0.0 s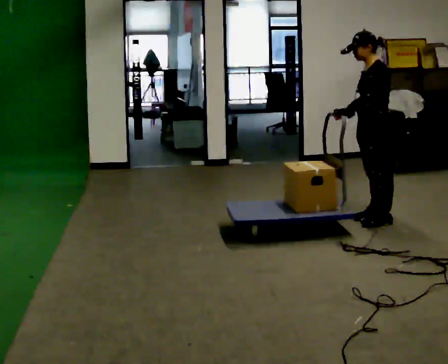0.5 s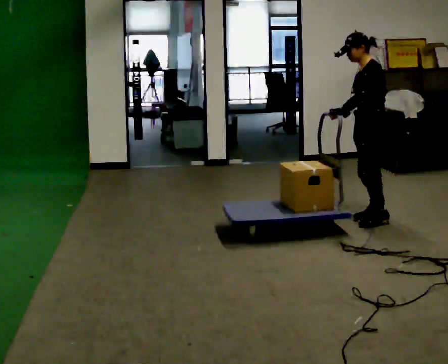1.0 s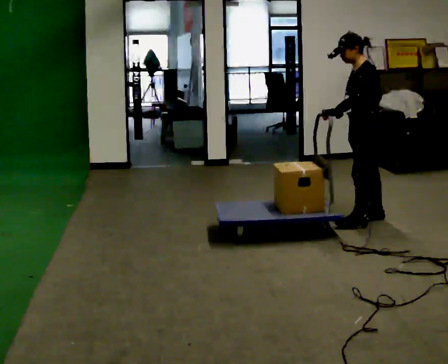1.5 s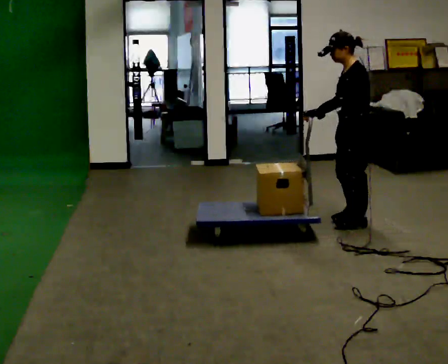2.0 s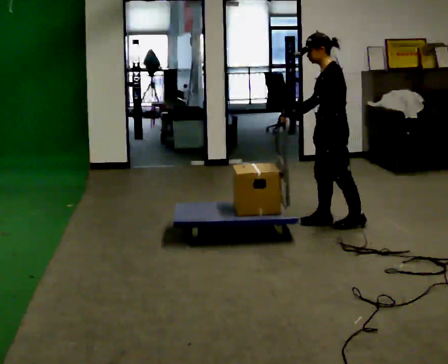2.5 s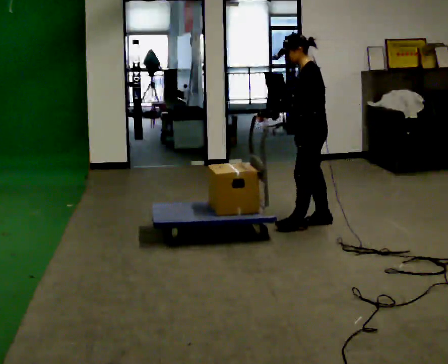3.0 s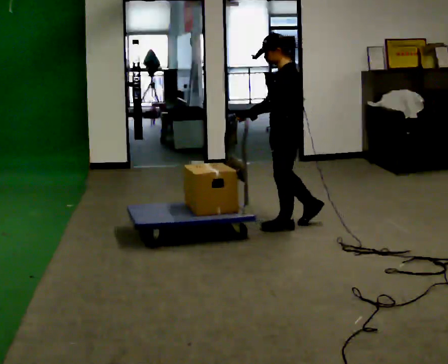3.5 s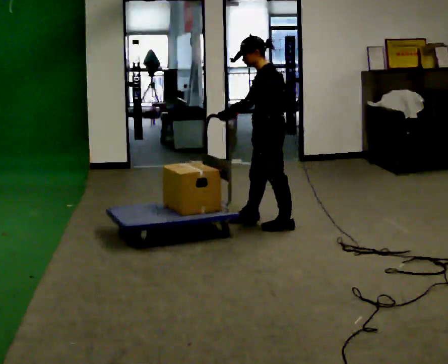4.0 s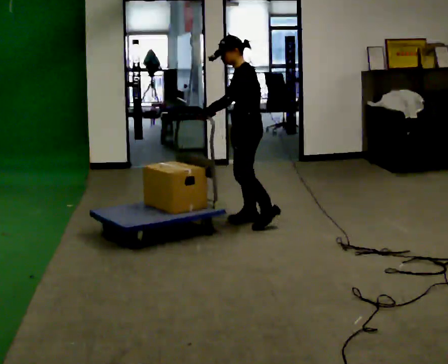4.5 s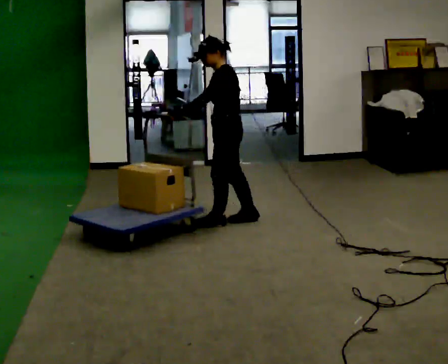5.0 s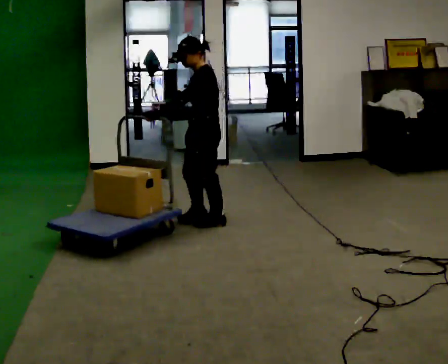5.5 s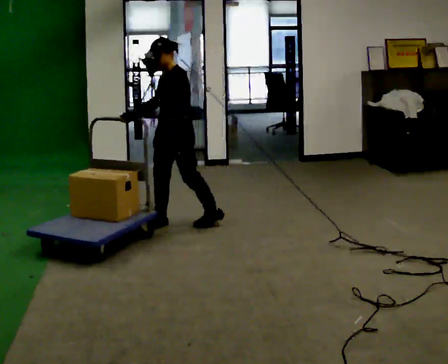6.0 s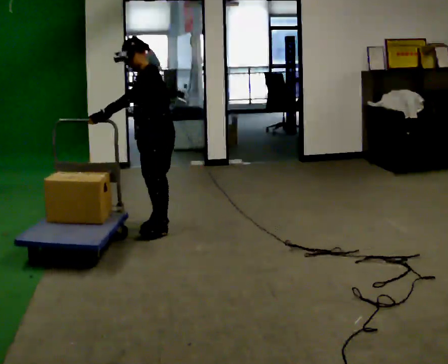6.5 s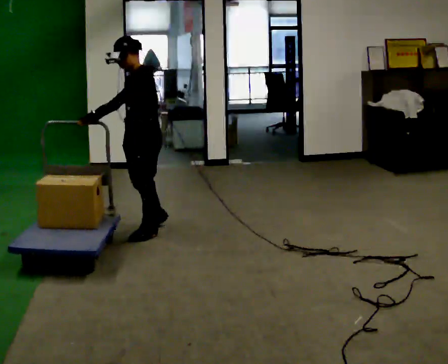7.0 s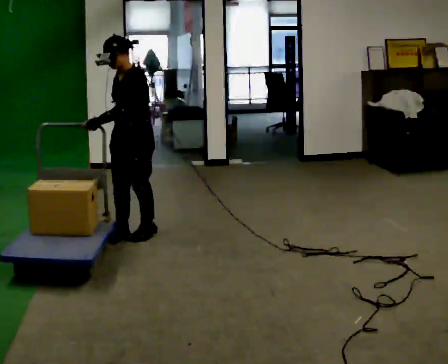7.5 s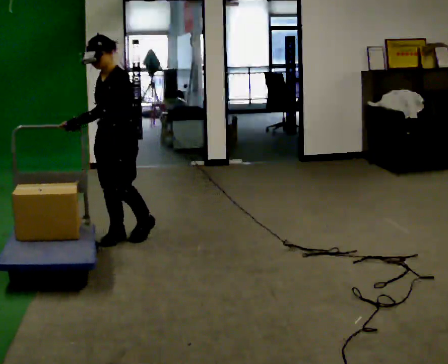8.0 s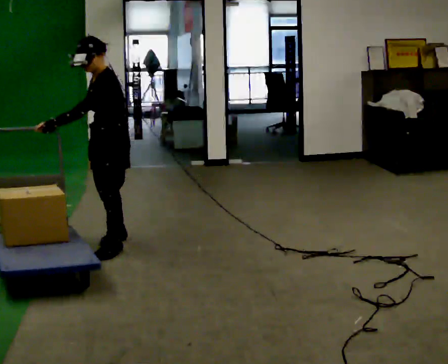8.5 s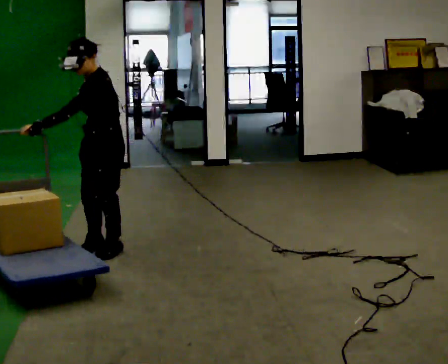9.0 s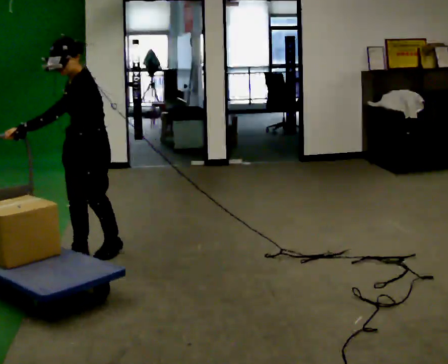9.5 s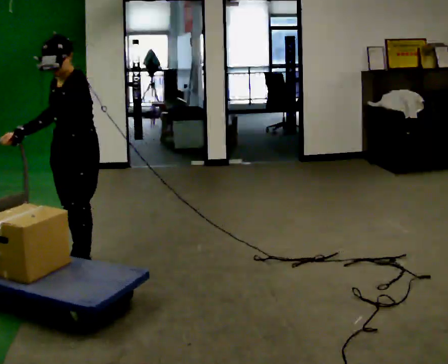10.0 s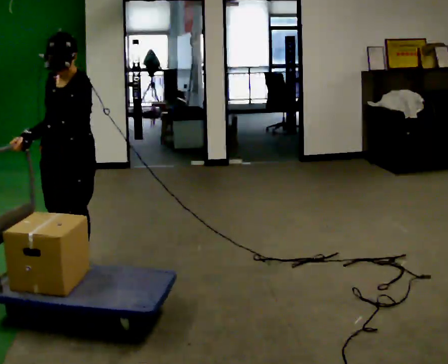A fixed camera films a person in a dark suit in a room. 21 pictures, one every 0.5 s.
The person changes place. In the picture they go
to the left.
0.0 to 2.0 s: In the picture they go to the left, about 0.25 m in 2 steps, which for them is forward.
2.0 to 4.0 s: In the picture they go to the left, about 0.75 m in 2 steps, which for them is forward.
4.0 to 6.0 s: The person turns about 30 degrees to their left, counterclockwise seen from above, so the part of the body nearest the lens slides to the right. In the picture they go to the left, about 0.5 m in 2 steps, which for them is forward.
6.0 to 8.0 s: In the picture they go toward the camera and to the left, about 0.5 m in 3 steps, which for them is forward.
8.0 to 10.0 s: Seen from above the body turns counterclockwise, about 30 degrees: to their left, with its near side sliding to the right. In the picture they go toward the camera, about 0.5 m in 2 steps, which for them is forward and to their left.
The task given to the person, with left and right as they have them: Push the cart along the marked route and round the corner to the side the operator calls.
The film runs forward here.
